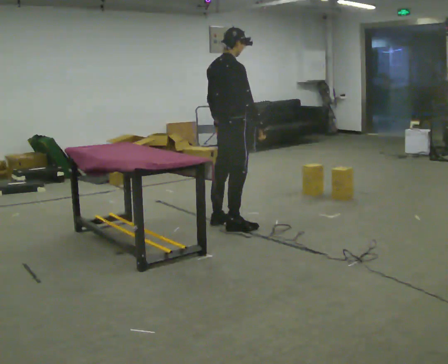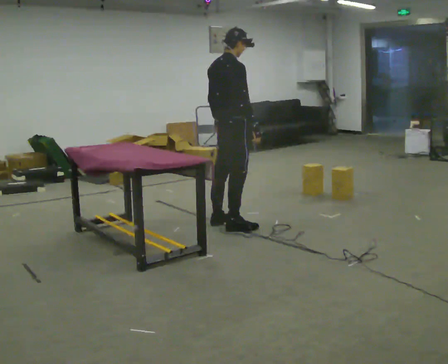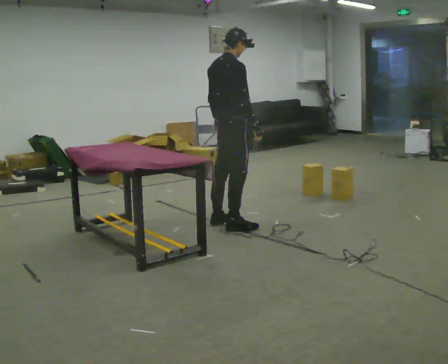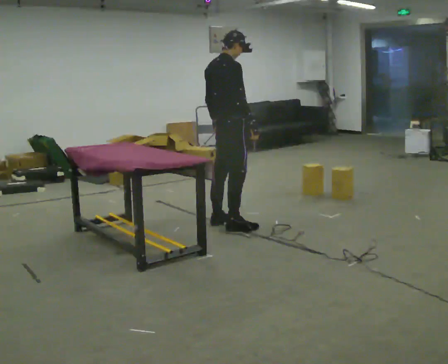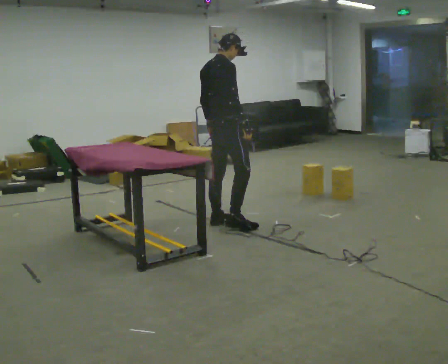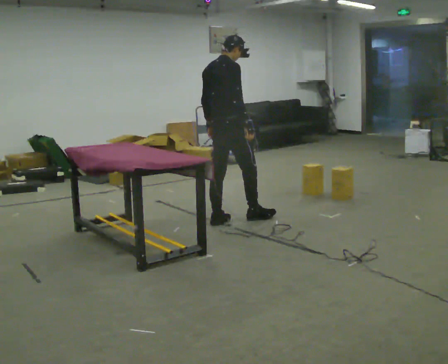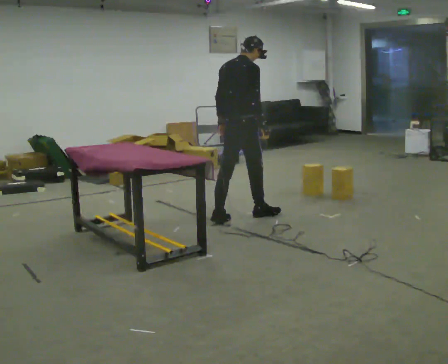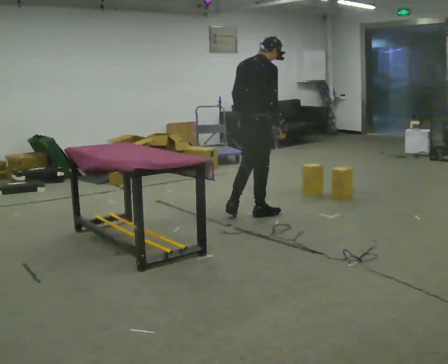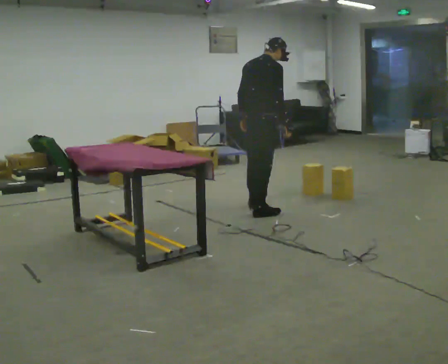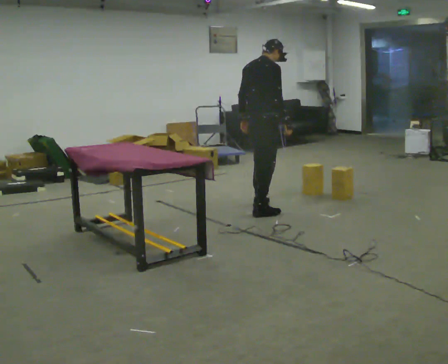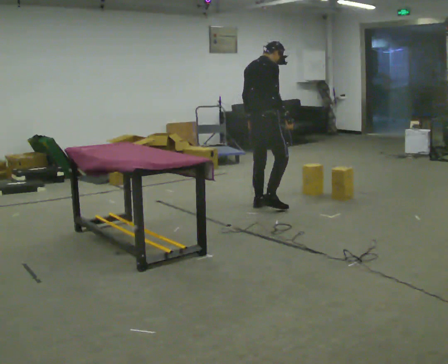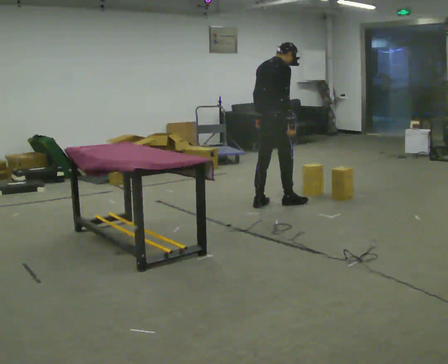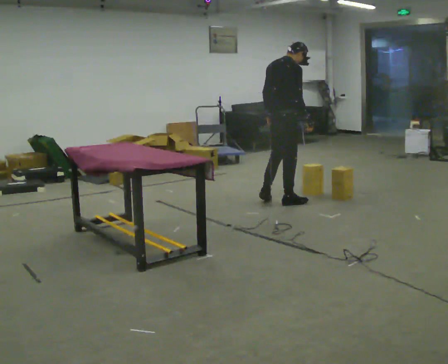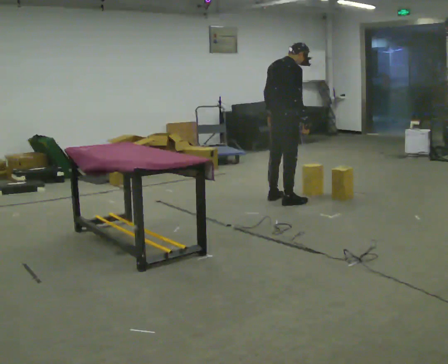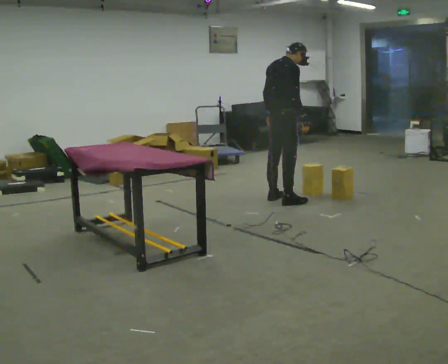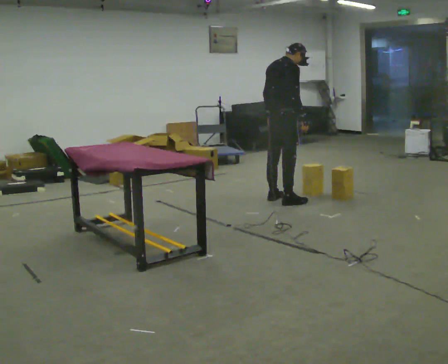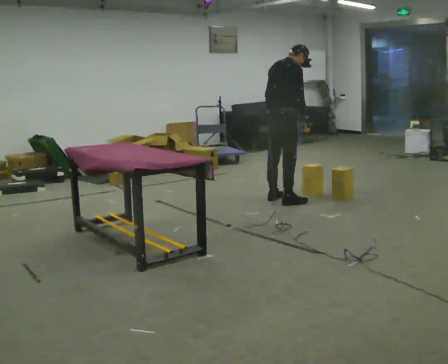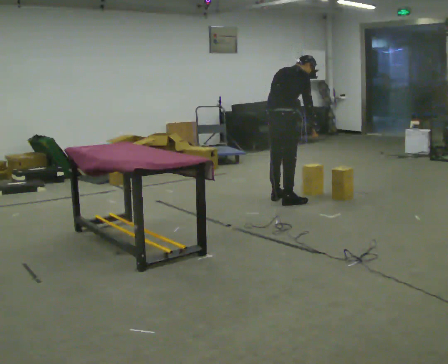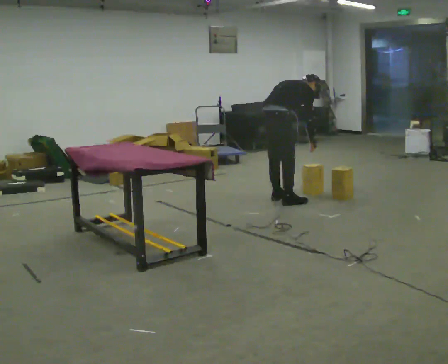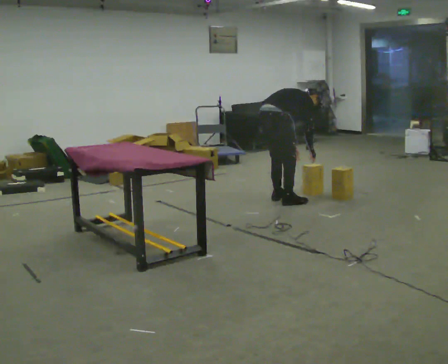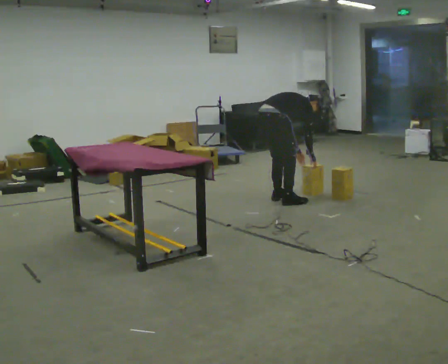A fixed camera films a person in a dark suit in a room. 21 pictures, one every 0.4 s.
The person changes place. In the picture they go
away from the camera.
The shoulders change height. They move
downward.
0.0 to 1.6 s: The person moves a little, or ends about where they began.
1.6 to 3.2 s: In the picture they go to the right and away from the camera, about 0.5 m in 1 step, which for them is forward.
3.2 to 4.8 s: In the picture they go away from the camera and to the right, about 0.5 m in 2 steps, which for them is forward.
4.8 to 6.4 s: The person moves a little, or ends about where they began.
6.4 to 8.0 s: The shoulders move downward. In the picture the upper body tilts clockwise, shoulders to the right, as they bend forward. In the picture their left hand goes downward and to the right.
The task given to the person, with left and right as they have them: Carry the box over and put it on the shelf with the label facing out towards you. Get the orientation right, not just the position. Keep going until the operator says stop; one object at a time, and do not rush between trips.
The film runs forward here.
